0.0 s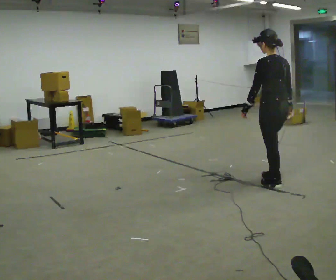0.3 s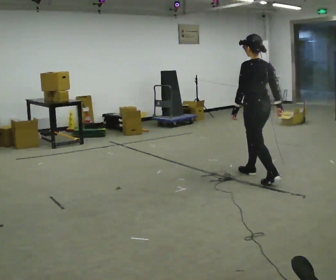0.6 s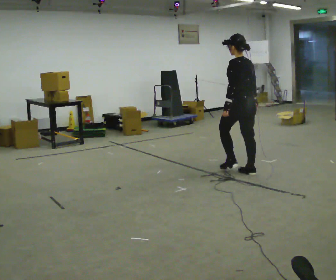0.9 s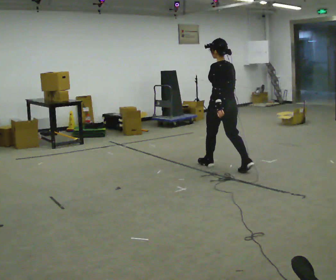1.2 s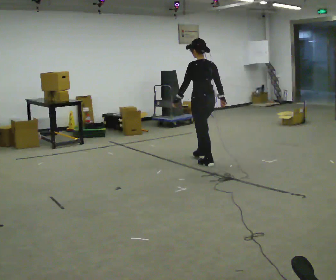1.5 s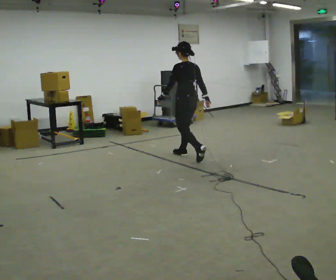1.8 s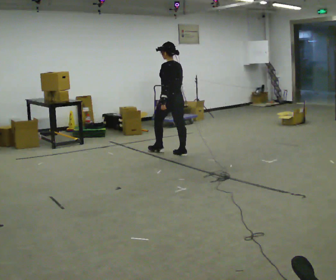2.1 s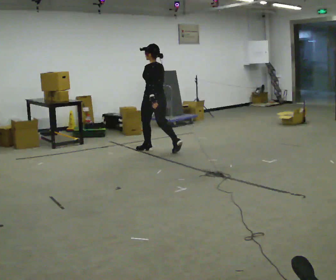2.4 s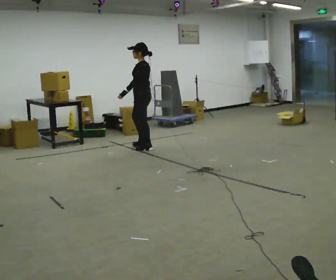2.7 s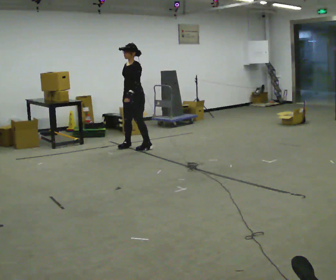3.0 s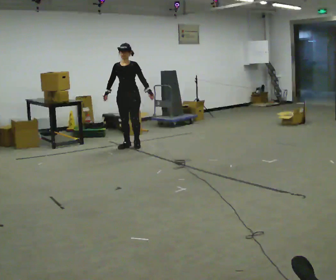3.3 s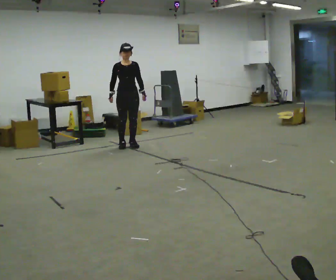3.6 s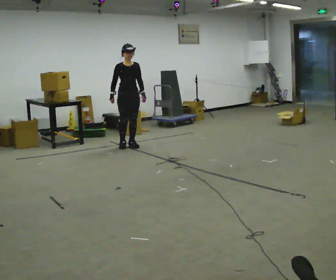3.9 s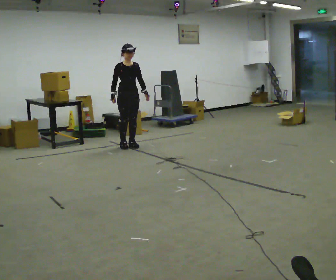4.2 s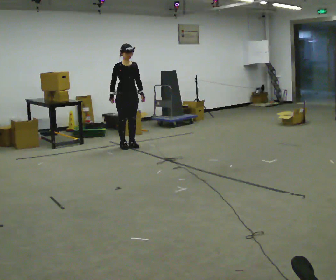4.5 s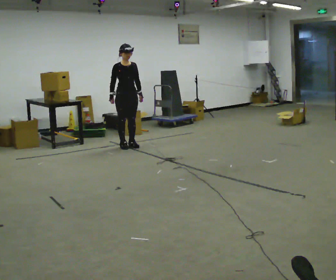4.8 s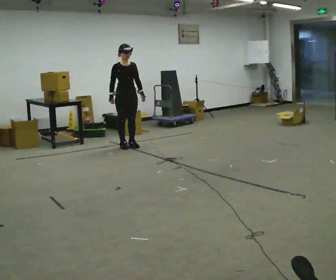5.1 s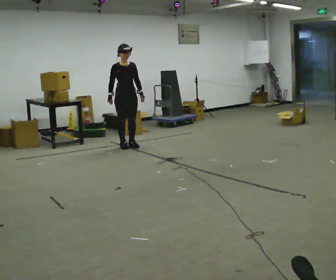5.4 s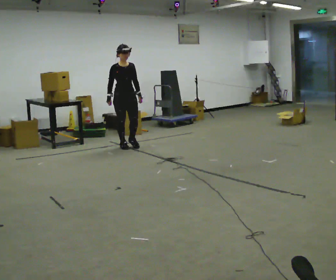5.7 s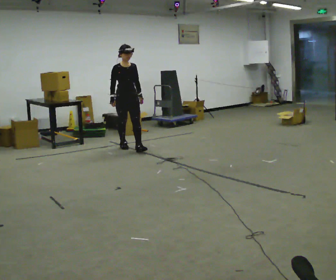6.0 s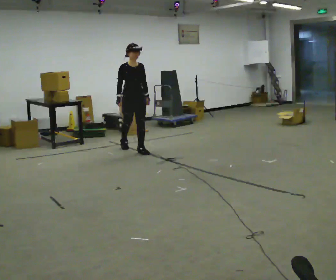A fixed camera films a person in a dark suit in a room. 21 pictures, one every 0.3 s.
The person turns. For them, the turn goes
to their left.
The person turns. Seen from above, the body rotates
counterclockwise.
0.0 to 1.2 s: In the picture they go away from the camera and to the left, about 1 m in 2 steps, which for them is forward.
1.2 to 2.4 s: The person turns about 45 degrees to their left, counterclockwise seen from above, so the part of the body nearest the lens slides to the right. In the picture they go away from the camera and to the left, about 1 m in 2 steps, which for them is forward.
2.4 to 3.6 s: The part of the body nearest the lens slides to the right as the person turns to their left by about 120 degrees. In the picture they go away from the camera and to the left, about 0.25 m in 2 steps.
3.6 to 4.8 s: The person moves a little, or ends about where they began.
4.8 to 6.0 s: In the picture they go toward the camera, about 0.25 m in 1 step, which for them is forward.
The film runs forward here.
